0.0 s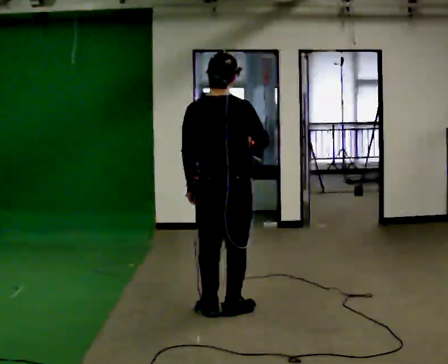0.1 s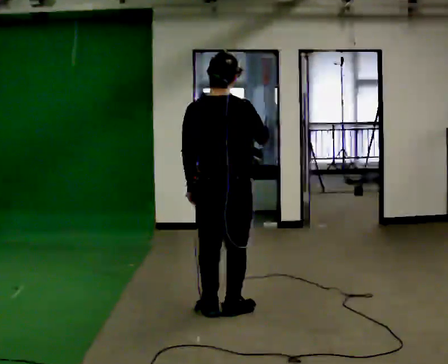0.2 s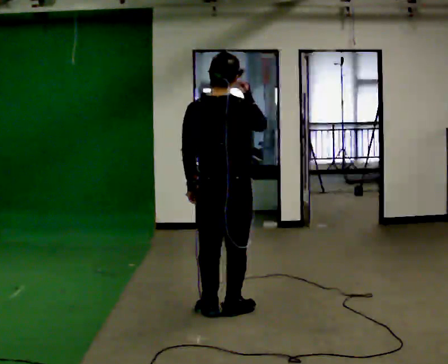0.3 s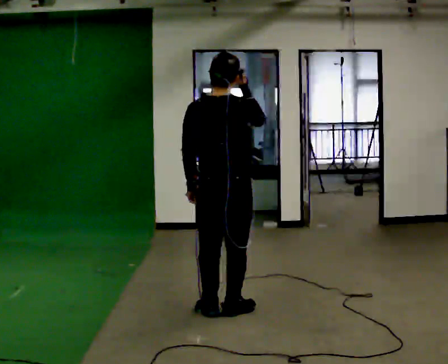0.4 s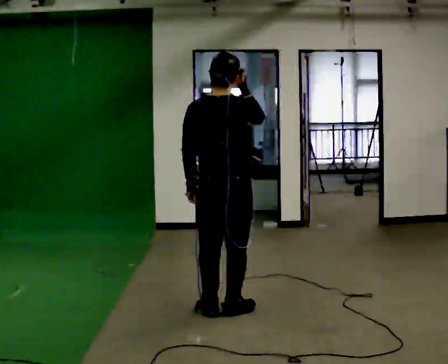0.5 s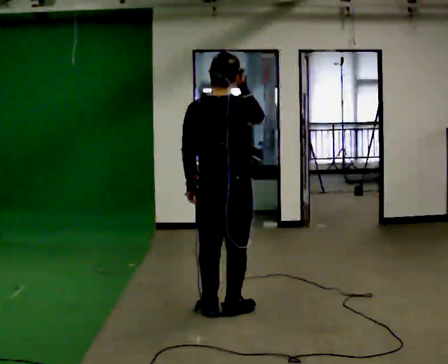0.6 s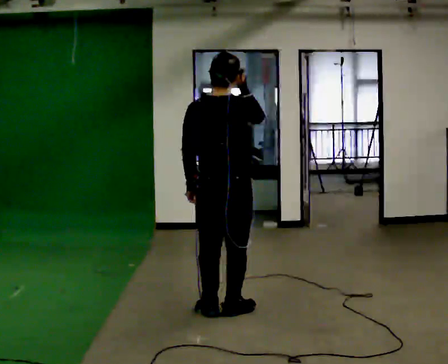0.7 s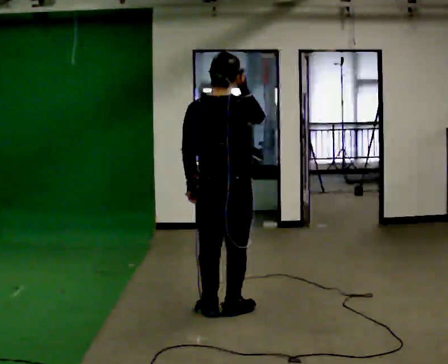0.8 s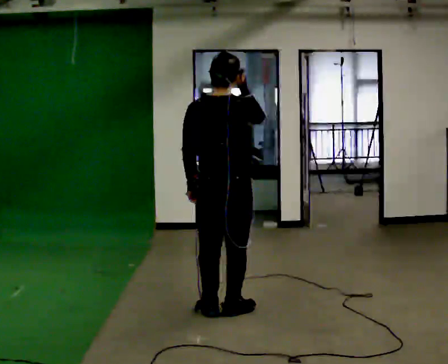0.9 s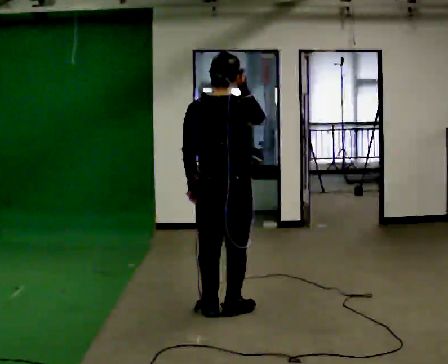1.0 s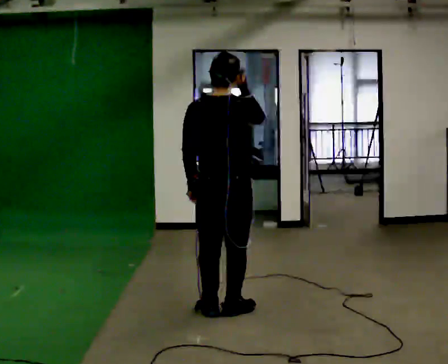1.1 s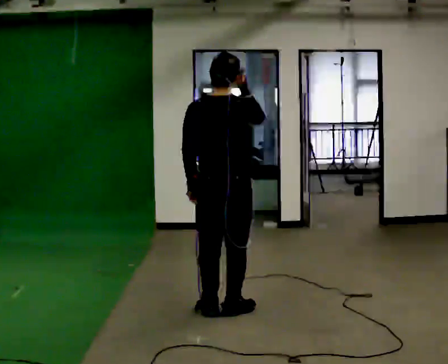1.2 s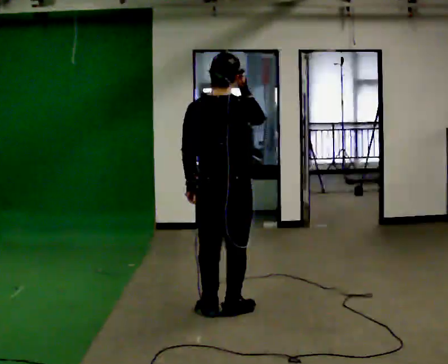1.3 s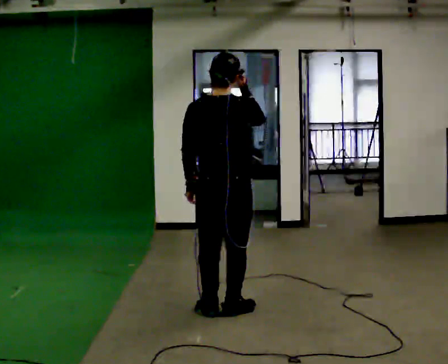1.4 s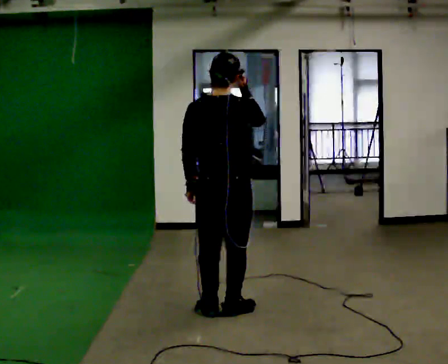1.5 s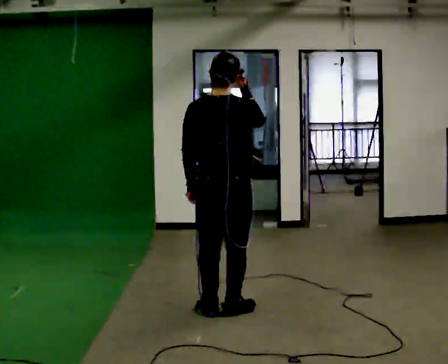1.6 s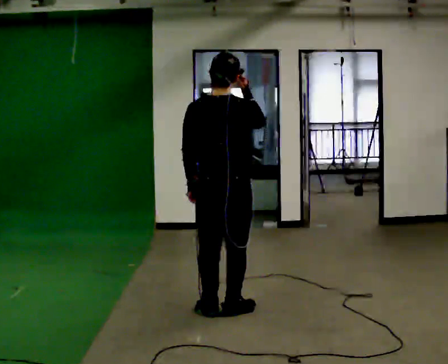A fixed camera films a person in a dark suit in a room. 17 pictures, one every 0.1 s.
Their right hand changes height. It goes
upward.
0.0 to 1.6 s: In the picture their right hand goes upward.
The film runs backward here.
